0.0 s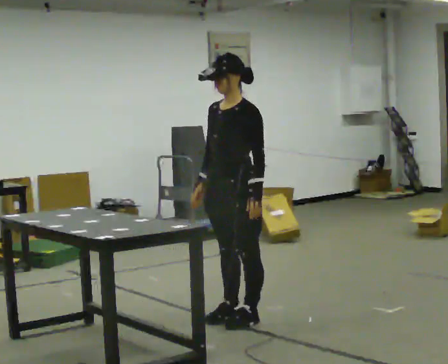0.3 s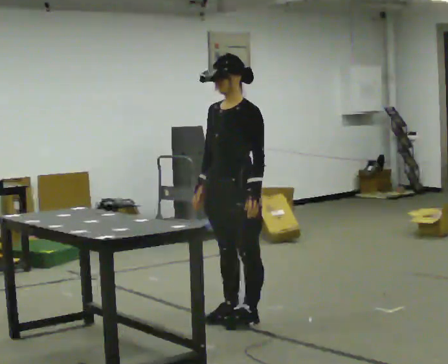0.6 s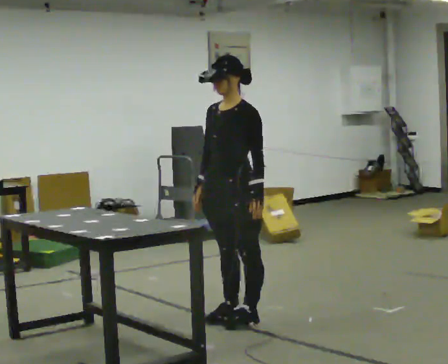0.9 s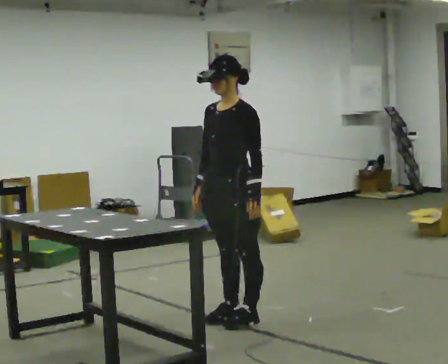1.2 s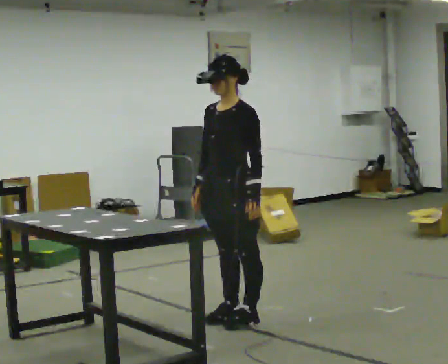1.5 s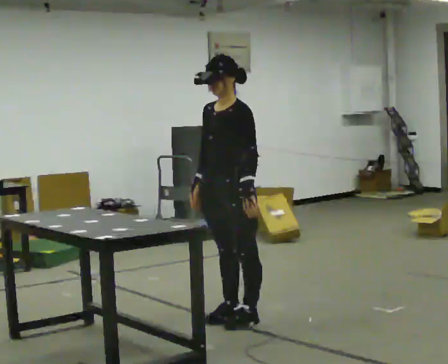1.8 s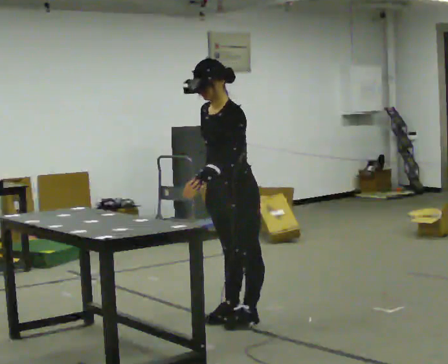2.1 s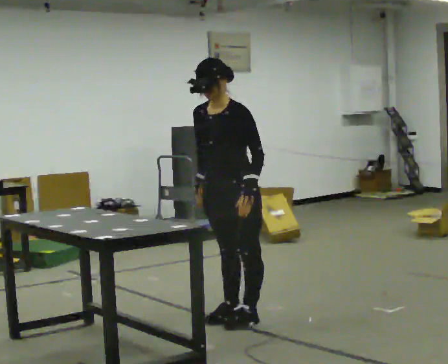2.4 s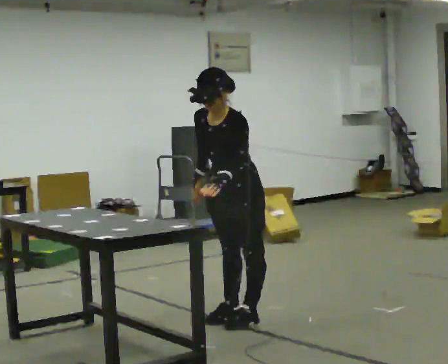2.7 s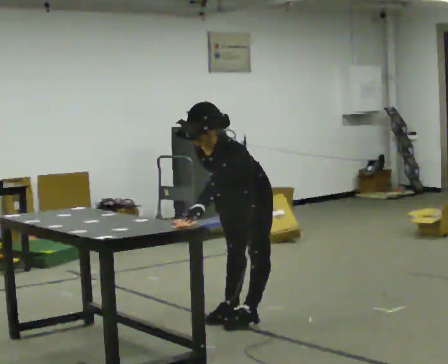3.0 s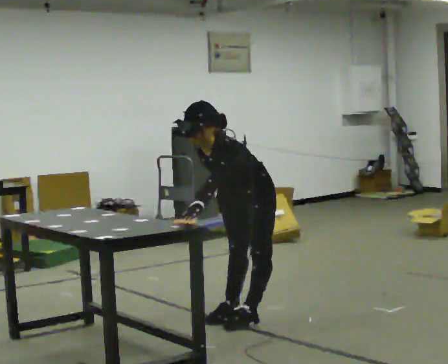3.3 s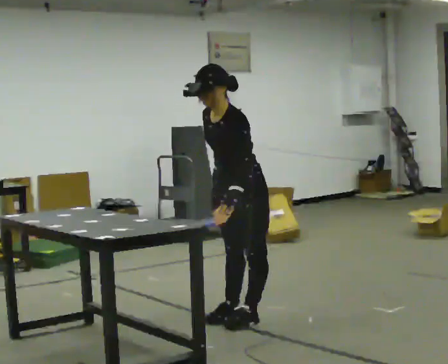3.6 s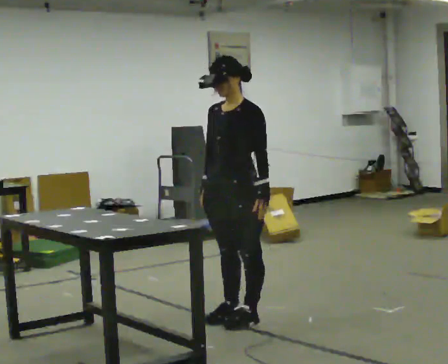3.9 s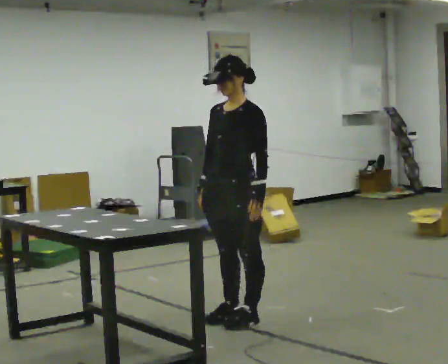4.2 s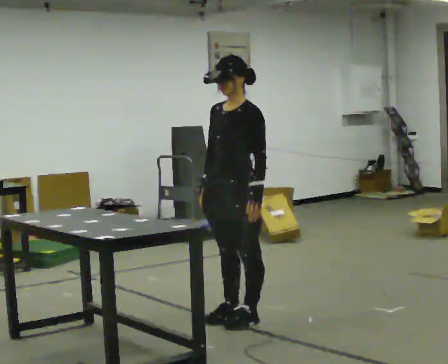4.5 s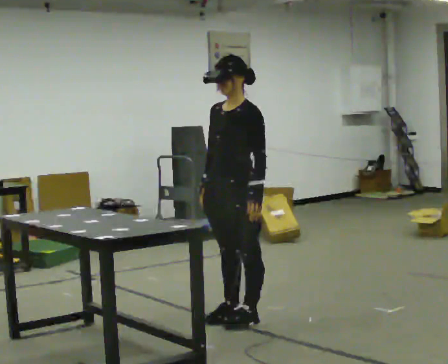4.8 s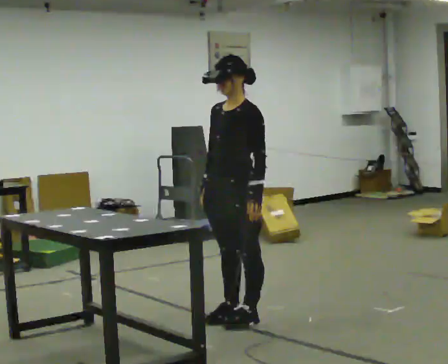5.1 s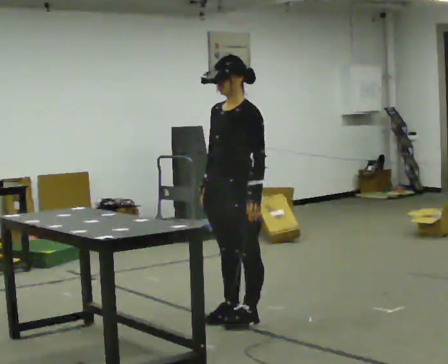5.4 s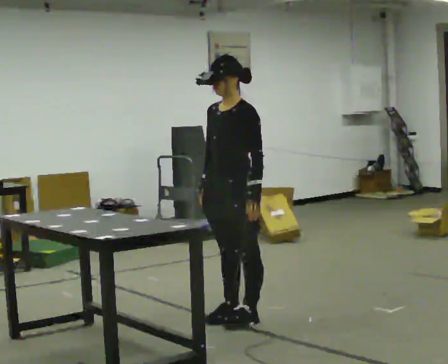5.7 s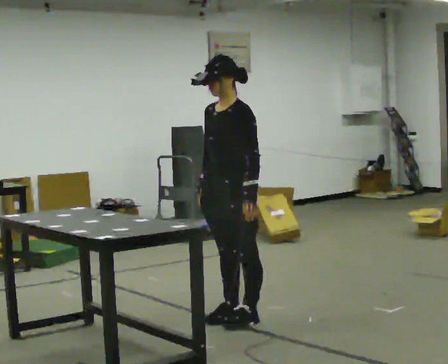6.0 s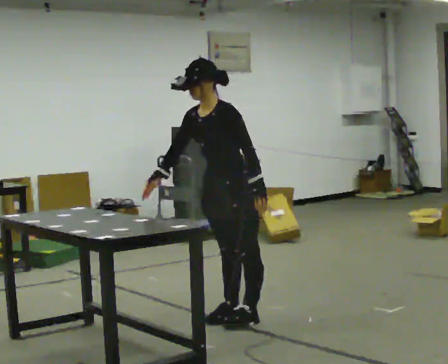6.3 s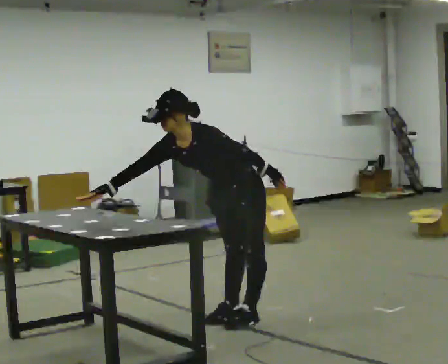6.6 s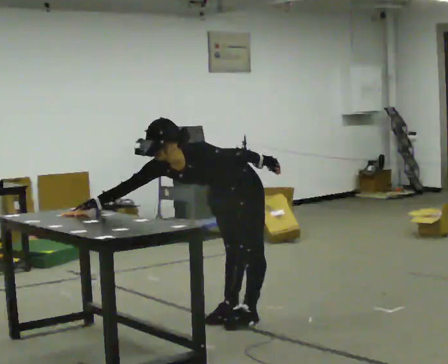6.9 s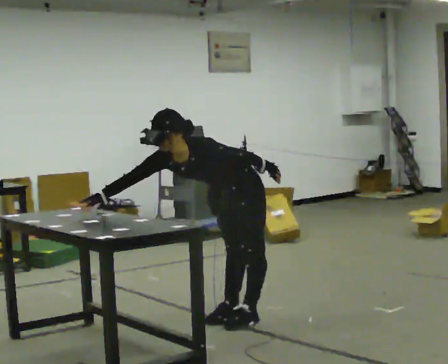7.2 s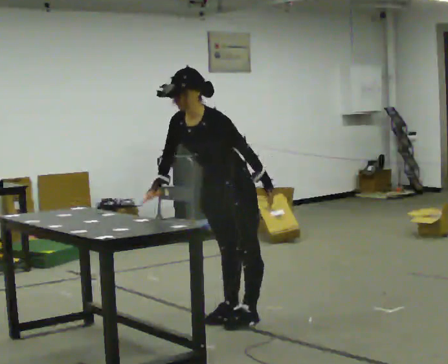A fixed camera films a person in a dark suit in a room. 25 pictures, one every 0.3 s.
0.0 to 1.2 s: The person moves a little, or ends about where they began.
1.2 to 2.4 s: The upper body tips toward the camera, its near side rolling downward, as they bend forward.
2.4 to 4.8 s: The person moves a little, or ends about where they began.
4.8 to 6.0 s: In the picture the upper body tilts counterclockwise, shoulders to the left, as they bend forward. In the picture their right hand goes to the left.
6.0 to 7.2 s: The person moves a little, or ends about where they began.
The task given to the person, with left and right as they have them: Touch each numbered target on the board in front of you in the order the operator calls. Keep both feet on the marked spots for the whole take. If you have to step, stop and tell the operator.
The film runs forward here.
